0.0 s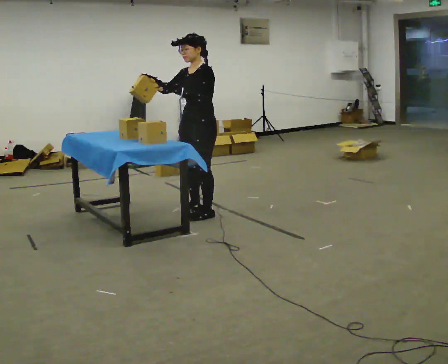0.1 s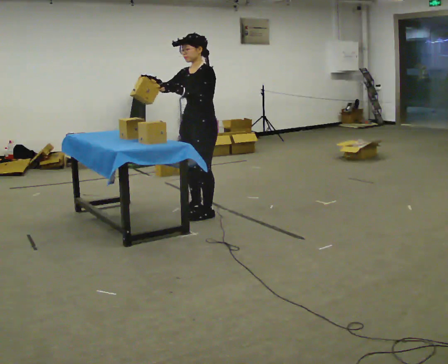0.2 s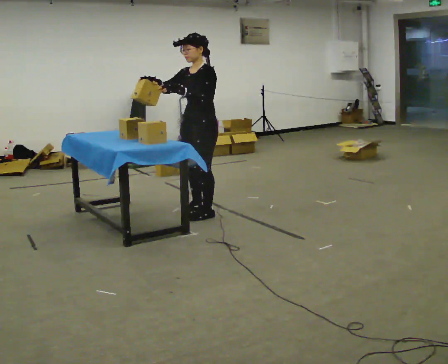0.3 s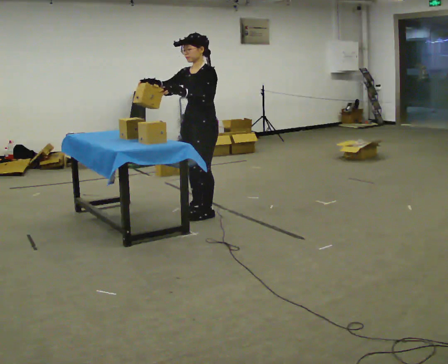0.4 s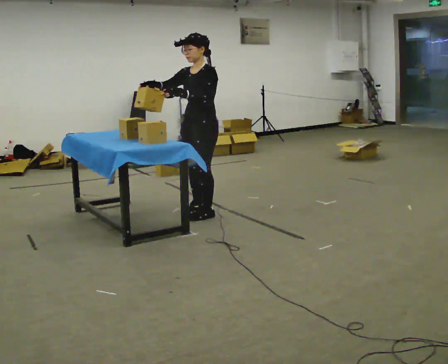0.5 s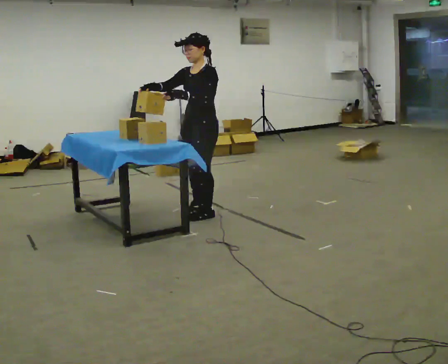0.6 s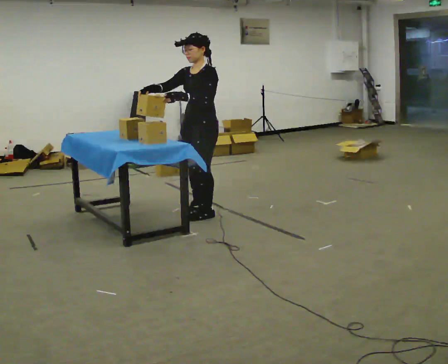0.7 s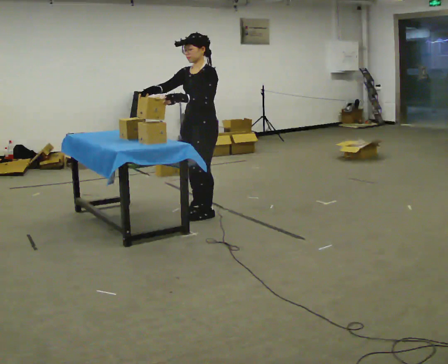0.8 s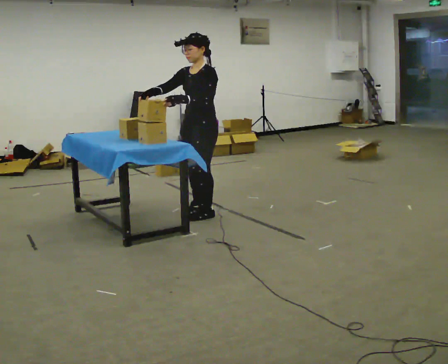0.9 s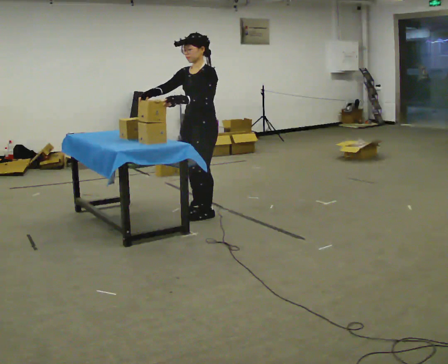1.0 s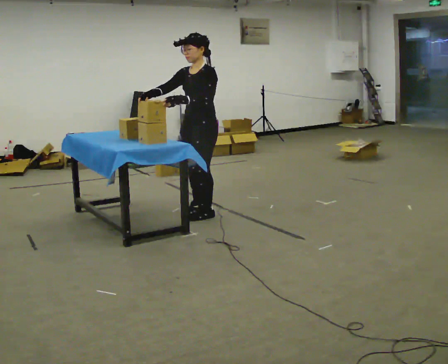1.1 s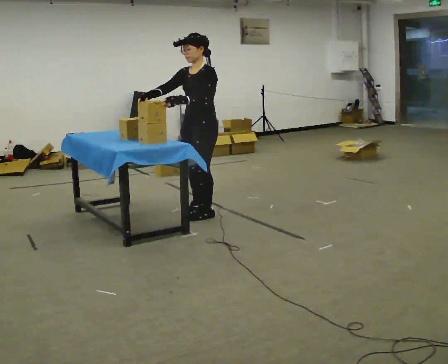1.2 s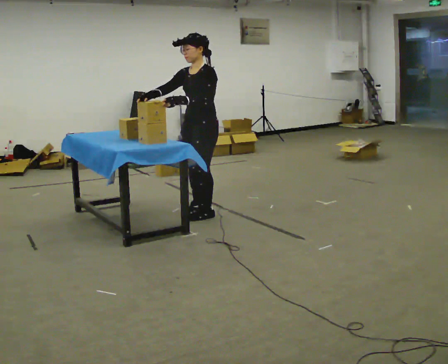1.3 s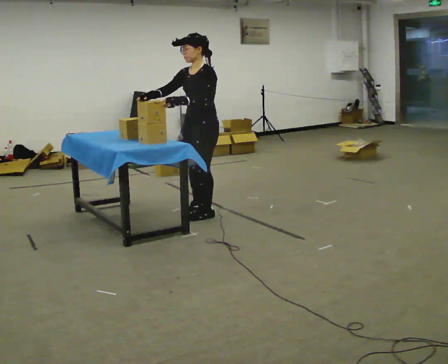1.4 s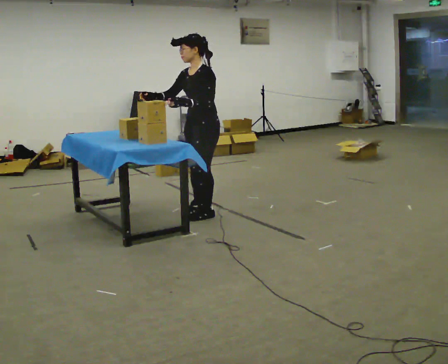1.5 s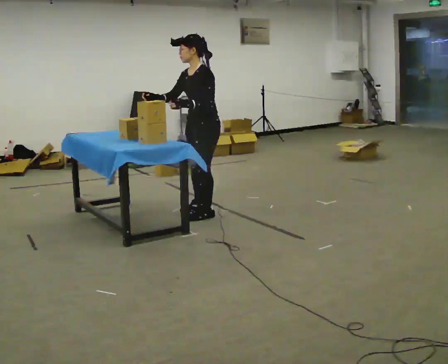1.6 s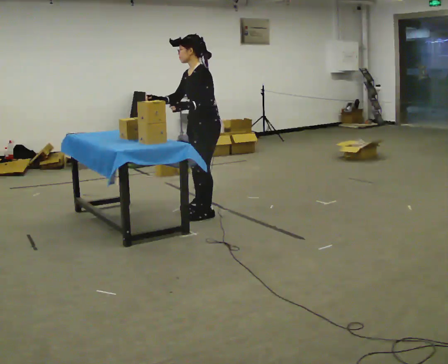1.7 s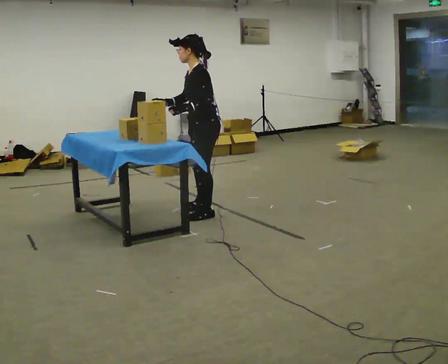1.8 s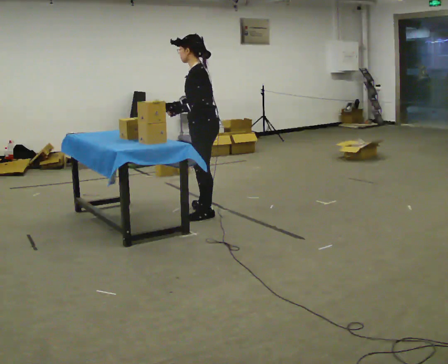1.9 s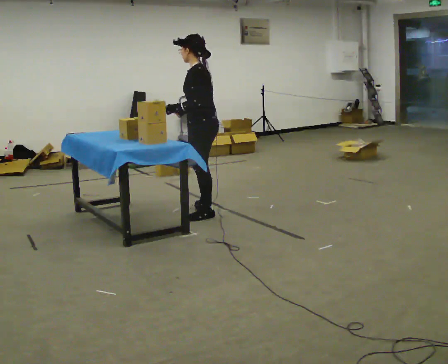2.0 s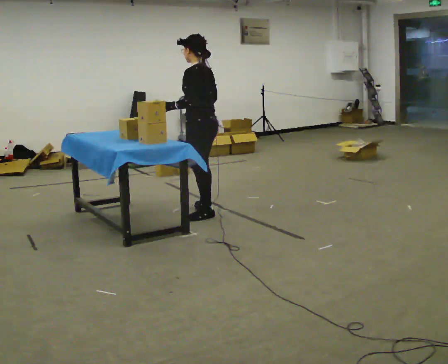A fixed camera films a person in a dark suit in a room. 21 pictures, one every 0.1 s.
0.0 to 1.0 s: The person moves a little, or ends about where they began.
1.0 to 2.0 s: The person turns about 60 degrees to their right, clockwise seen from above, so the part of the body nearest the lens slides to the left. In the picture their right hand goes to the right, the arm swinging counterclockwise.
The film runs forward here.
